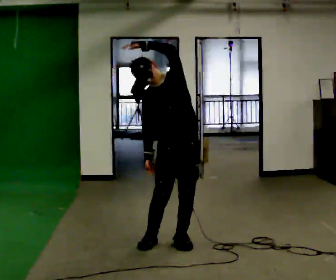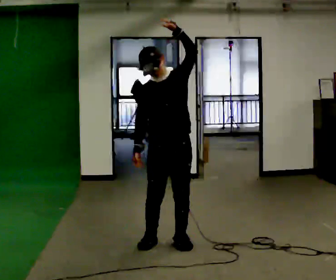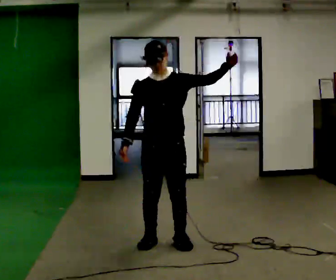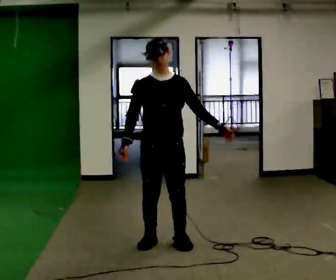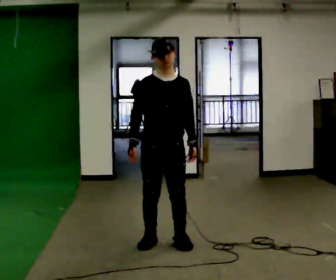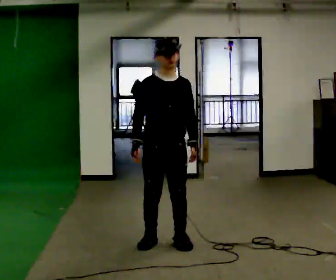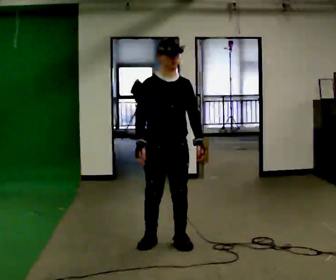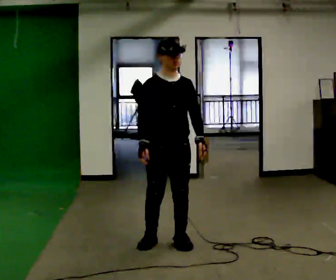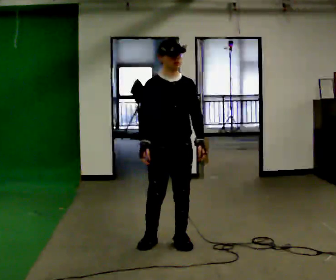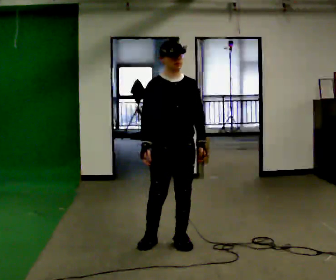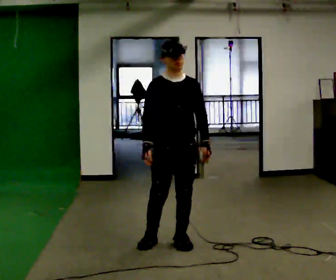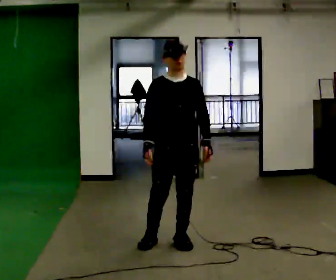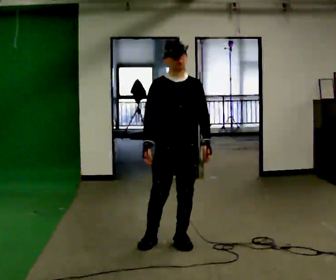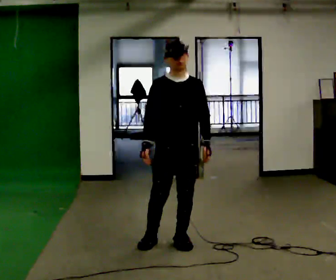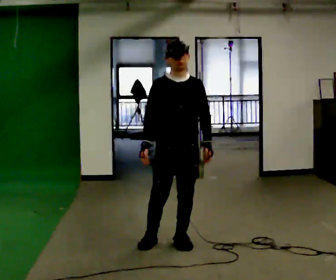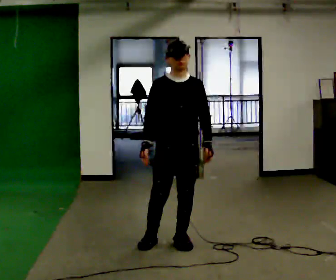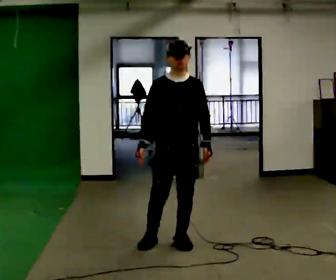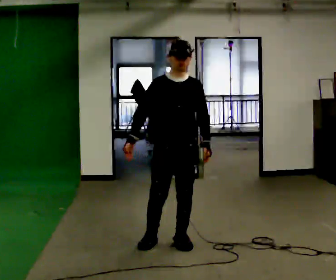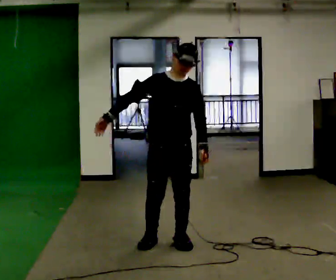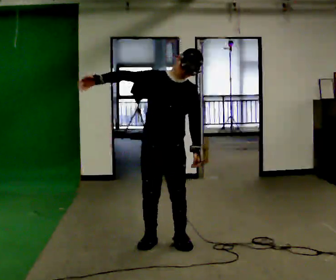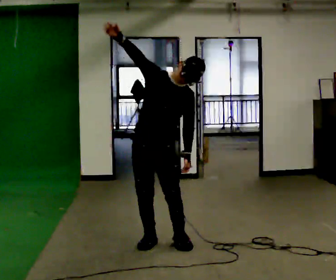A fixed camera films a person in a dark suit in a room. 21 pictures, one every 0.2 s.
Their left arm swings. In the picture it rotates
clockwise.
Their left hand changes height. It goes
downward.
0.0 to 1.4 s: In the picture the upper body tilts clockwise, shoulders to the right. In the picture their left hand goes downward and to the right, the arm swinging clockwise.
1.4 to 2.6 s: The person moves a little, or ends about where they began.
2.6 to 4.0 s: In the picture they go to the left, about 0.25 m, which for them is to their right. In the picture the upper body tilts clockwise, shoulders to the right. In the picture their right hand goes upward, the arm swinging clockwise.
The film runs forward here.
